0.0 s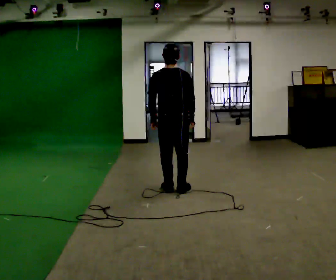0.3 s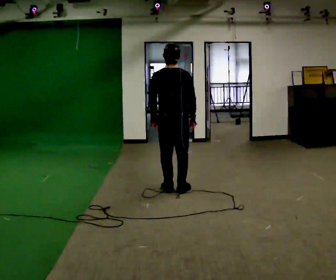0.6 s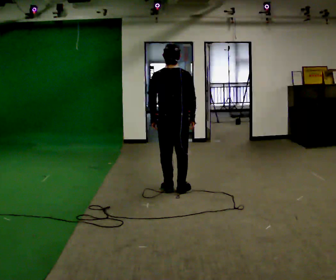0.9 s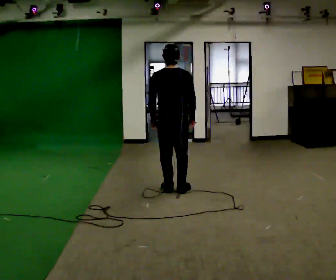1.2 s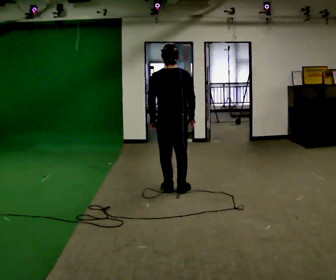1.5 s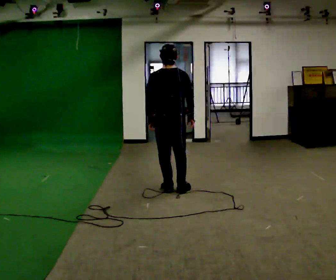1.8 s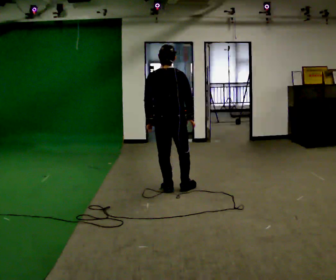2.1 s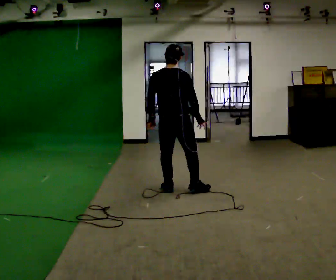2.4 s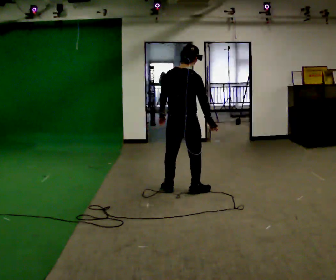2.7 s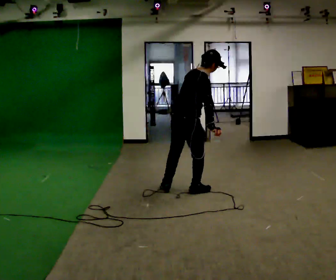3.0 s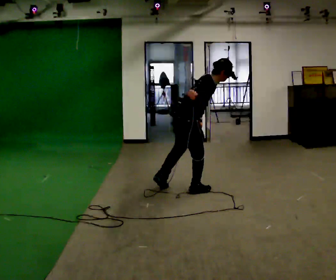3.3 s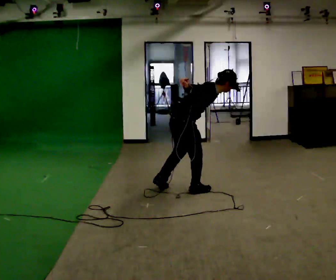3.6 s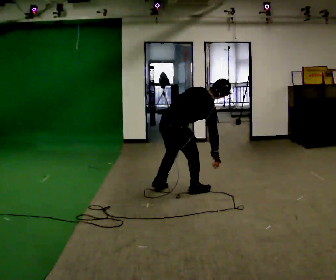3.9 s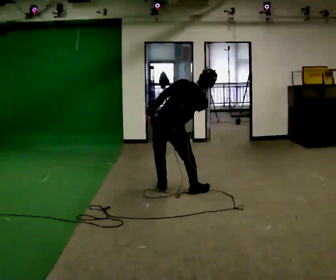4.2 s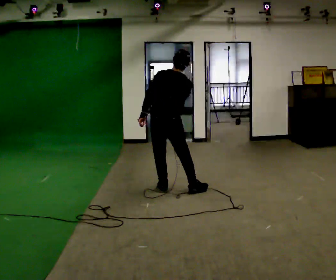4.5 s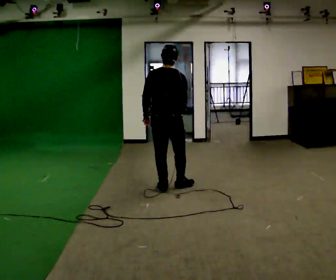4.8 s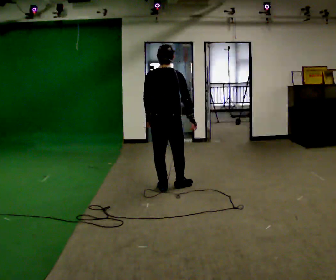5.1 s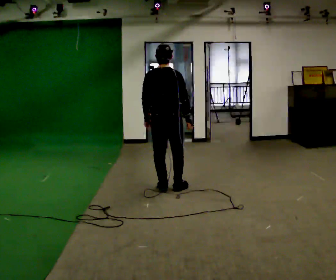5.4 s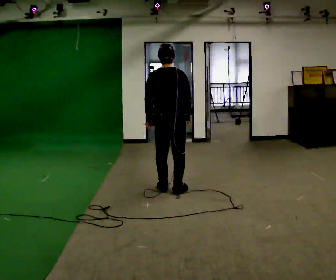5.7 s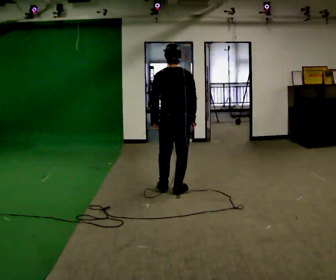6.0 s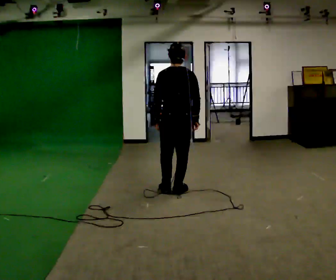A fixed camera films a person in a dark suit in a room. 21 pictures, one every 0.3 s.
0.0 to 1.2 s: The person moves a little, or ends about where they began.
1.2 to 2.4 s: The part of the body nearest the lens slides to the left as the person turns to their right by about 30 degrees.
2.4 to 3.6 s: The shoulders move downward. In the picture the upper body tilts clockwise, shoulders to the right, as they bend forward.
3.6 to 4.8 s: The person turns about 45 degrees to their left, counterclockwise seen from above, so the part of the body nearest the lens slides to the right. The upper body goes upward. In the picture the upper body tilts counterclockwise, shoulders to the left, as they lean back or straighten.
4.8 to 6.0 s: The person moves a little, or ends about where they began.
The film runs forward here.
